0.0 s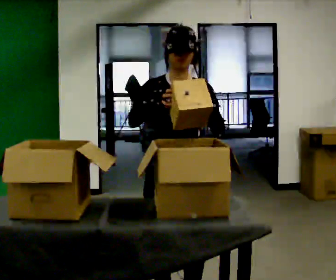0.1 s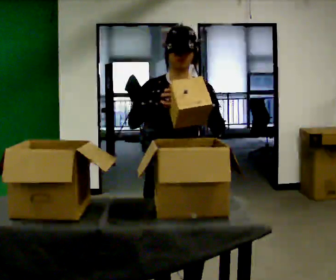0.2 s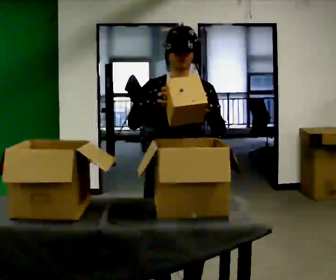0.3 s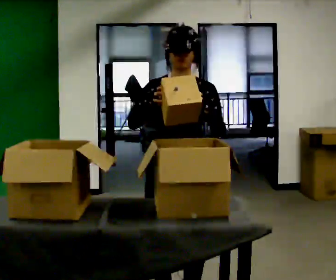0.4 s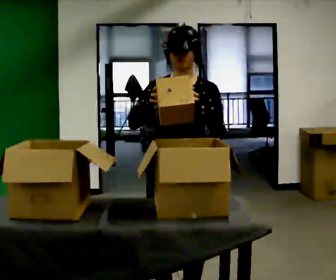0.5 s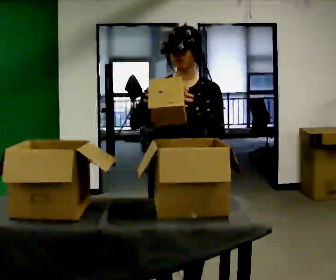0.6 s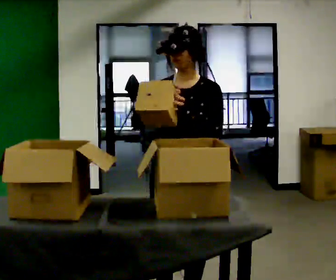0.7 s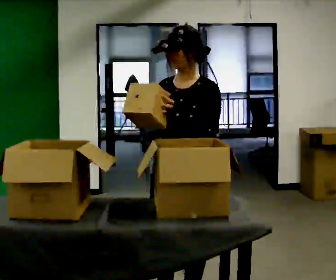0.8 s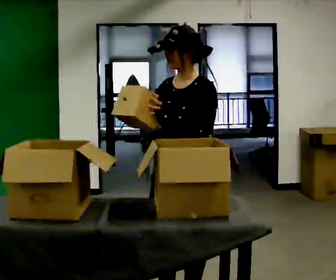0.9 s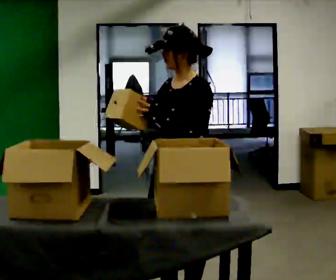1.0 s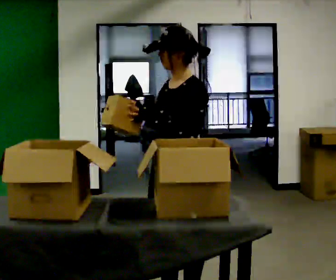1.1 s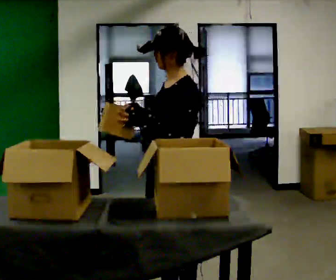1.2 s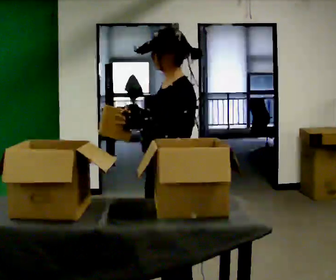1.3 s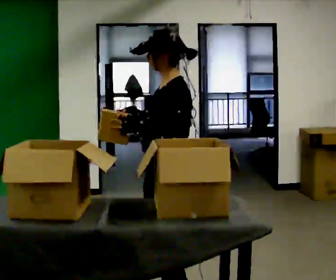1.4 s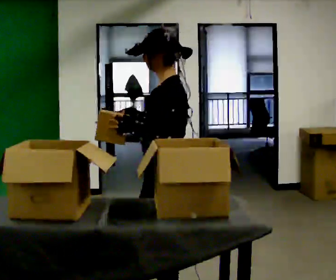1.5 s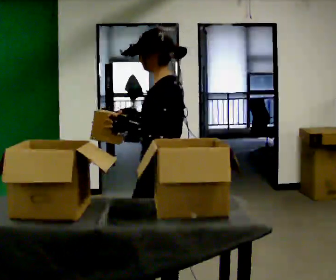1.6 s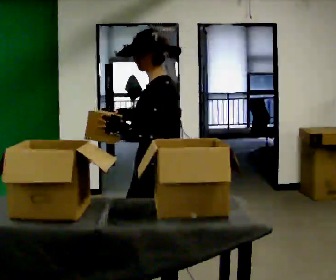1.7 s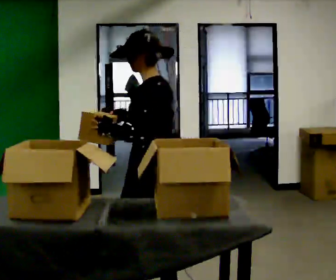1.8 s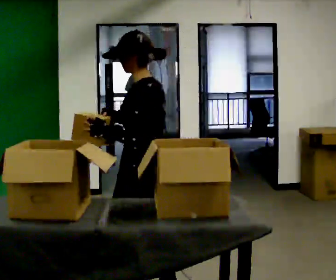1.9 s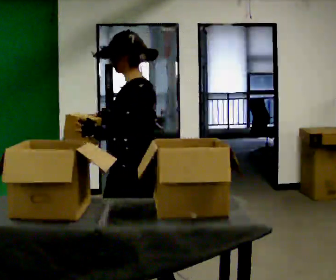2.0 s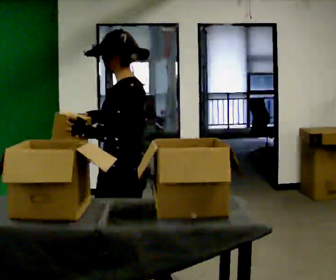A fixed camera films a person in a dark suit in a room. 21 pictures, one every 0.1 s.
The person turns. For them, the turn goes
to their right.
The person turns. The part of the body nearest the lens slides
to the left.
0.0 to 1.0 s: The part of the body nearest the lens slides to the left as the person turns to their right by about 60 degrees.
1.0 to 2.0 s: The person turns about 45 degrees to their right, clockwise seen from above, so the part of the body nearest the lens slides to the left. In the picture they go to the left, about 0.25 m in 1 step, which for them is forward.
The film runs forward here.
